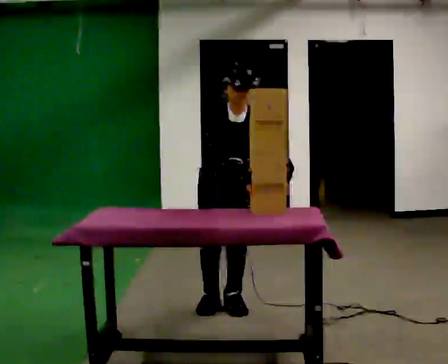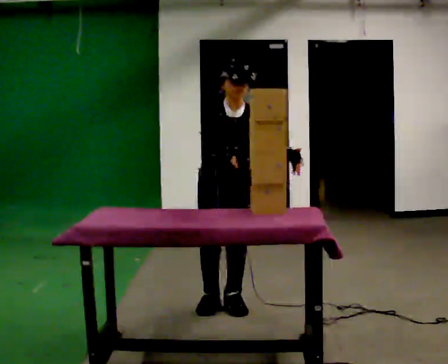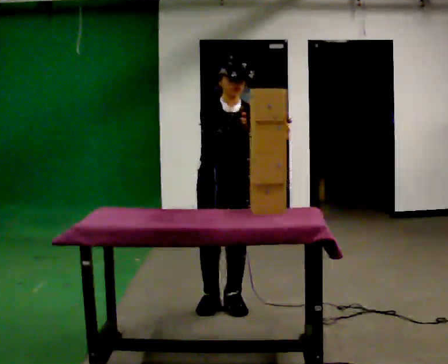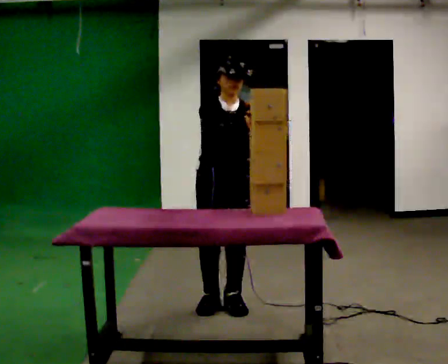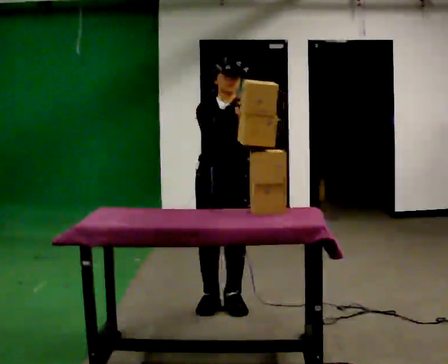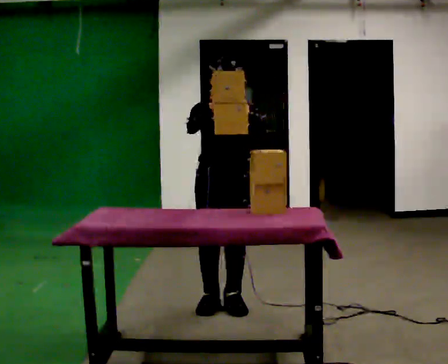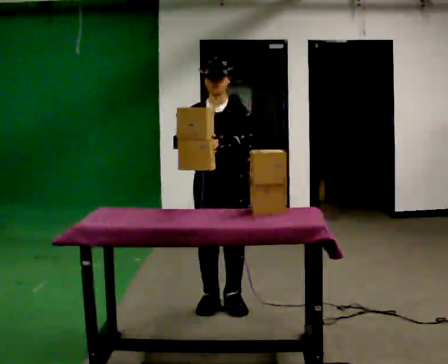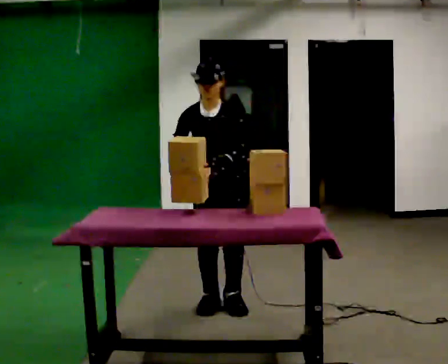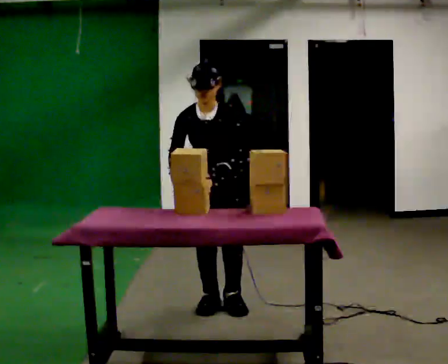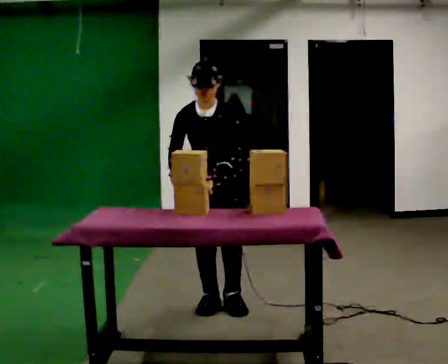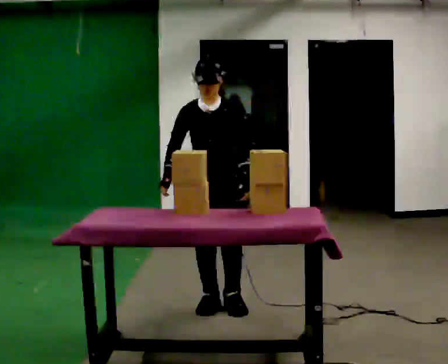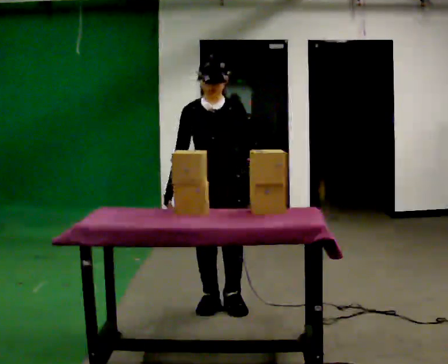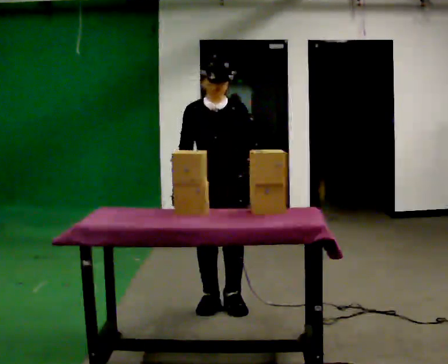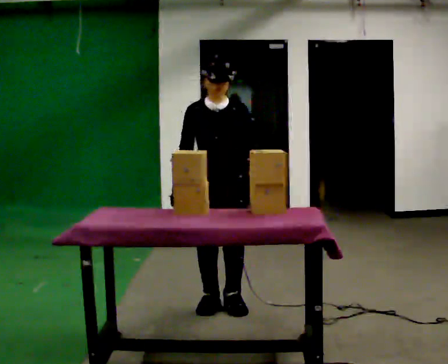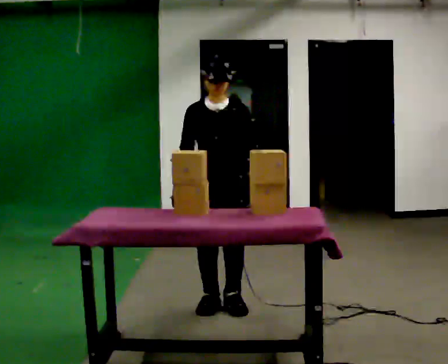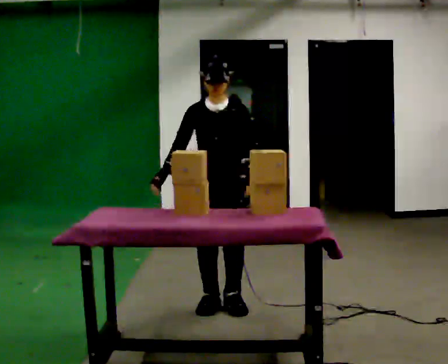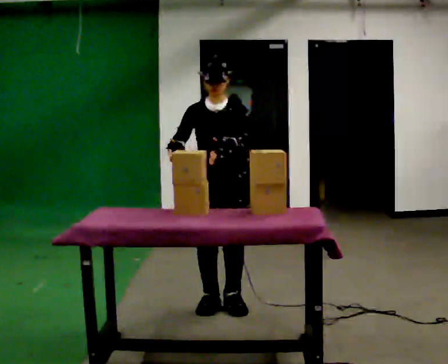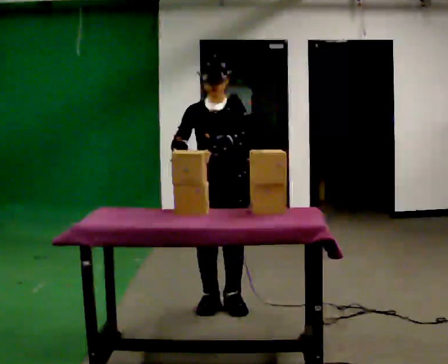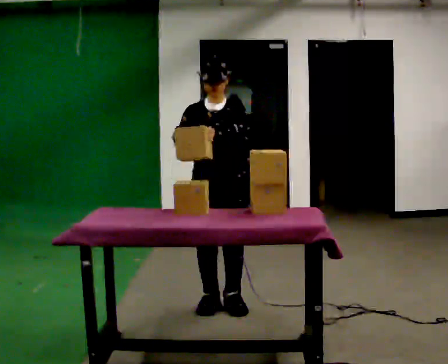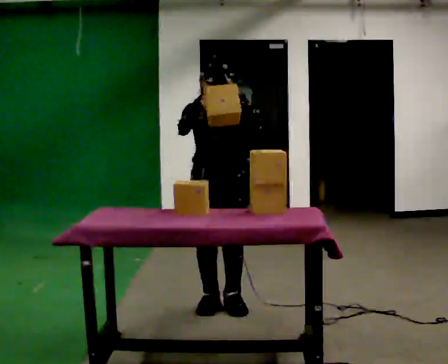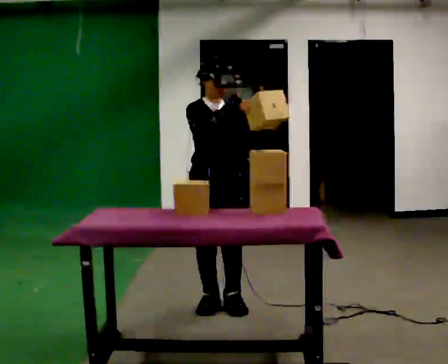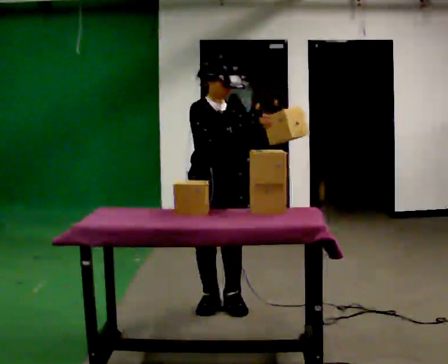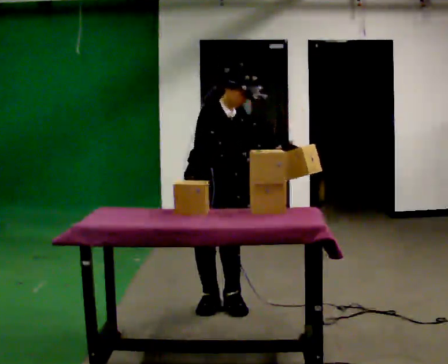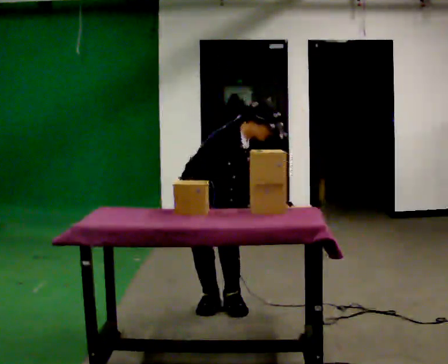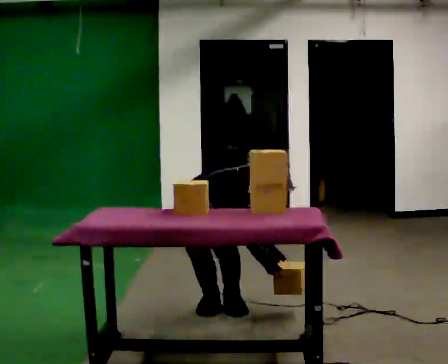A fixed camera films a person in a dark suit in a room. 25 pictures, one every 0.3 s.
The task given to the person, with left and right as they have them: Pick the fragile object up and set it back down as gently as you can. Repeat at your own pace until the operator says stop. Keep both feet on the marked spots for the whole take. If you have to step, stop and tell the operator.
0.0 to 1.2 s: The upper body tips away from the camera, its near side rolling upward, as they lean back or straighten.
1.2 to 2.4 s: The upper body tips toward the camera, its near side rolling downward, as they bend forward. In the picture their left hand goes downward.
2.4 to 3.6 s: The upper body tips away from the camera, its near side rolling upward, as they lean back or straighten.
3.6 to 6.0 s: In the picture their right hand goes upward and to the right.
6.0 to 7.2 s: Seen from above the body turns counterclockwise, about 30 degrees: to their left, with its near side sliding to the right. The upper body goes downward. In the picture the upper body tilts clockwise, shoulders to the right, as they bend forward. In the picture their left hand goes downward, the arm swinging clockwise.
The film runs forward here.
